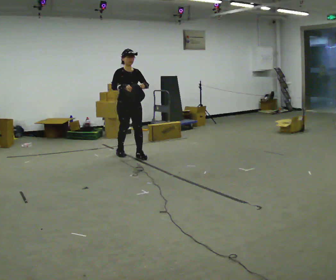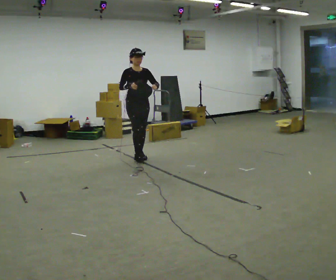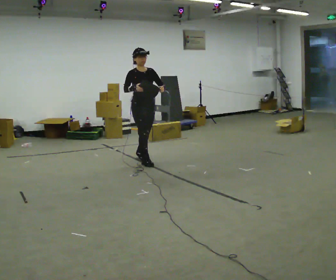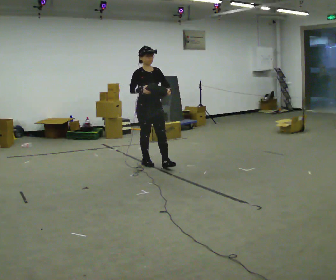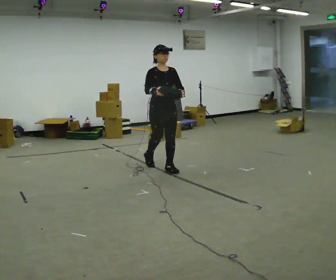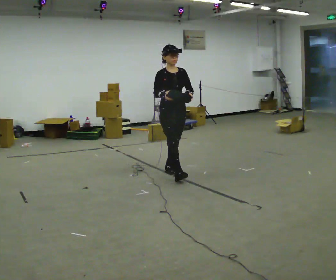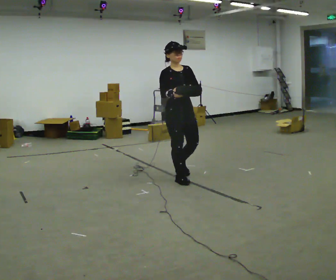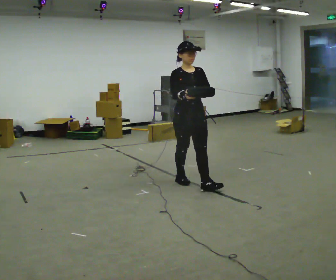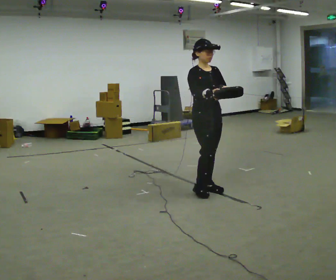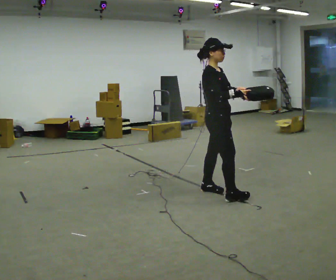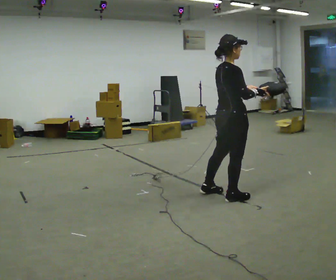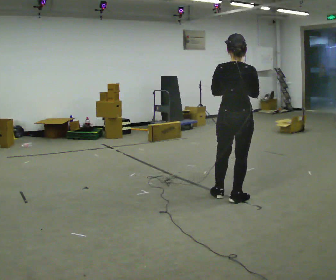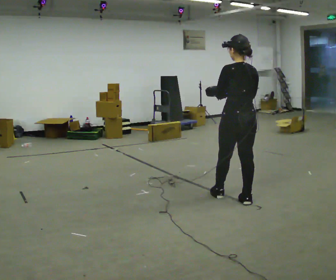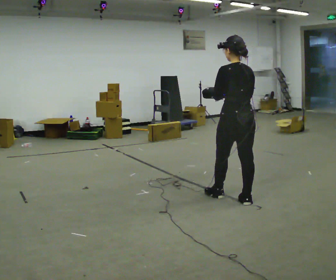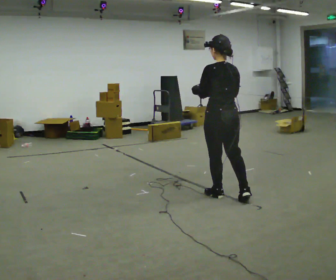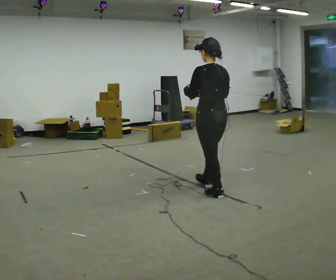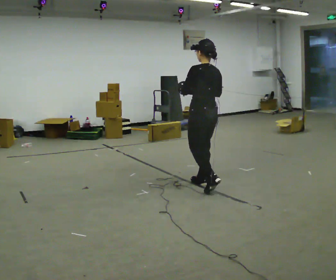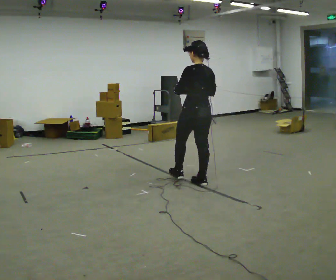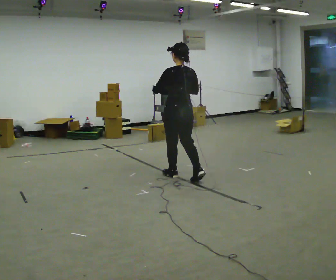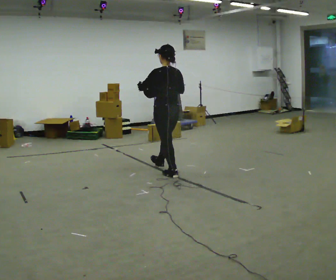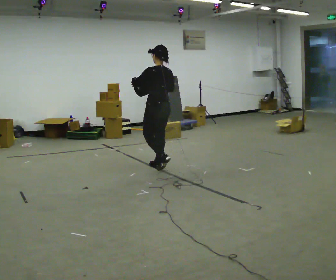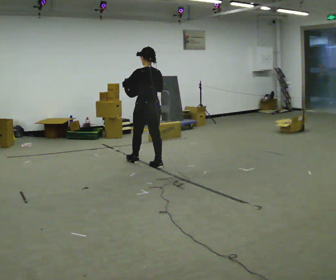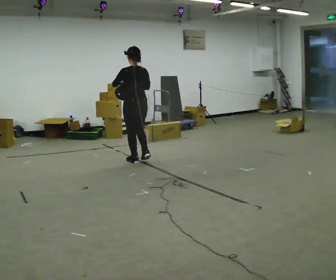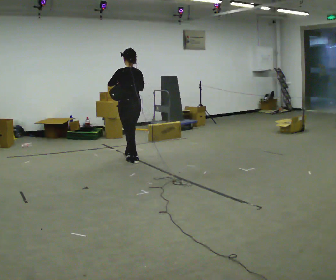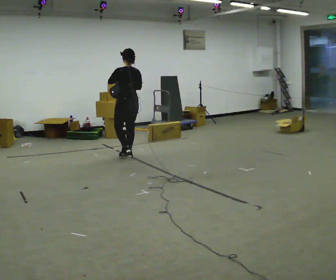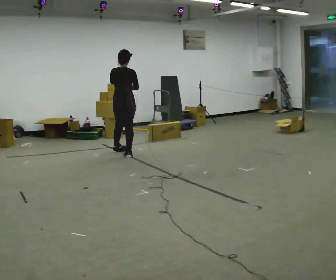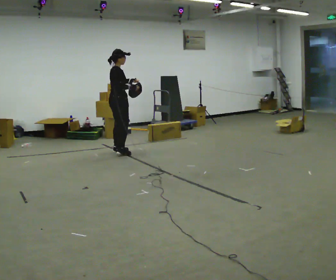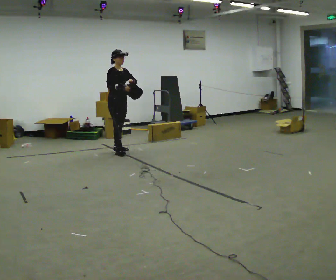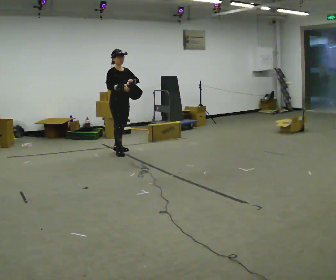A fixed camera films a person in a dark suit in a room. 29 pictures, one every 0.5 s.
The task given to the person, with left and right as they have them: Carry the bag and, while walking, undo the buckle or zip, then do it up again. Keep repeating as you walk. Do not stop.
0.0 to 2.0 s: In the picture they go to the right and toward the camera, about 1 m in 2 steps, which for them is forward.
2.0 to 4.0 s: In the picture they go toward the camera and to the right, about 1 m in 2 steps, which for them is forward.
4.0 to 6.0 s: Seen from above the body turns counterclockwise, about 165 degrees: to their left, with its near side sliding to the right. In the picture they go to the right and toward the camera, about 0.5 m in 3 steps.
6.0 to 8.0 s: In the picture they go to the left and away from the camera, about 0.5 m in 1 step, which for them is forward.
8.0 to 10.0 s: In the picture they go to the left and away from the camera, about 1 m in 2 steps, which for them is forward.
10.0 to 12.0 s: In the picture they go to the left and away from the camera, about 1 m in 2 steps, which for them is forward.
12.0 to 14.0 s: Seen from above the body turns clockwise, about 150 degrees: to their right, with its near side sliding to the left. In the picture they go to the left and away from the camera, about 0.25 m in 2 steps.
The film runs forward here.
